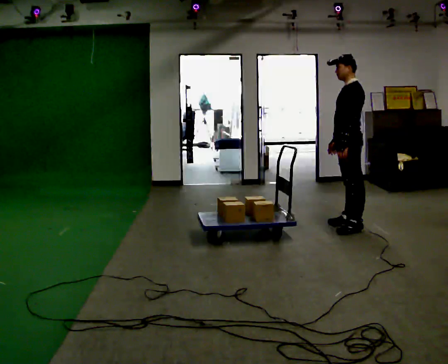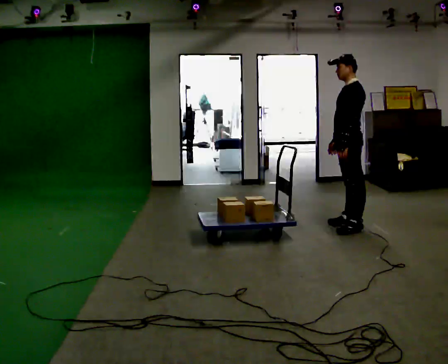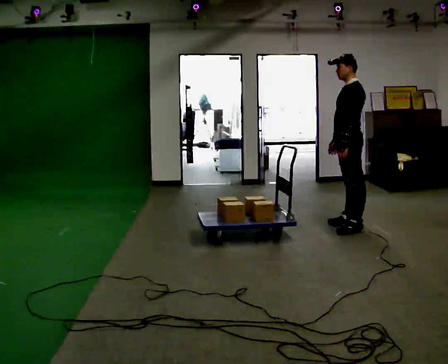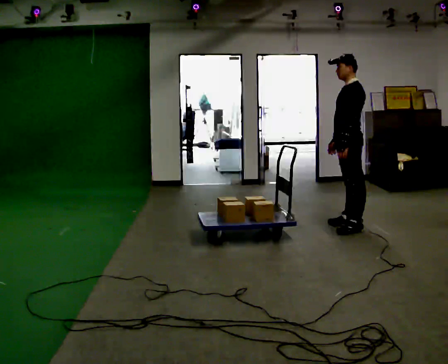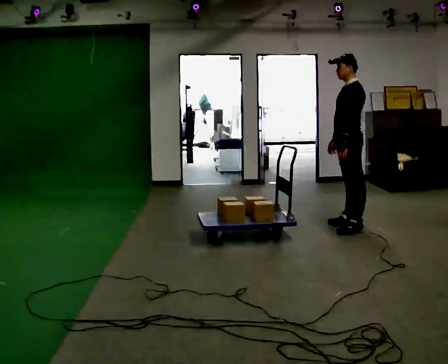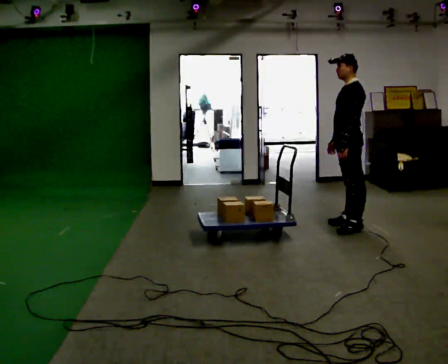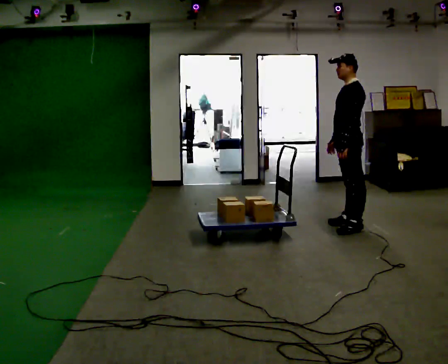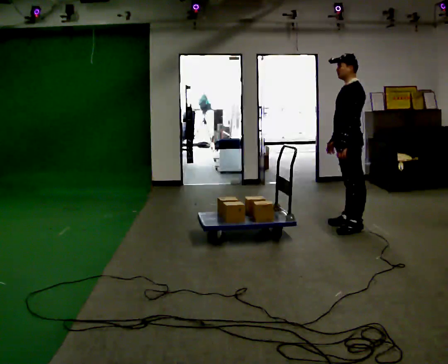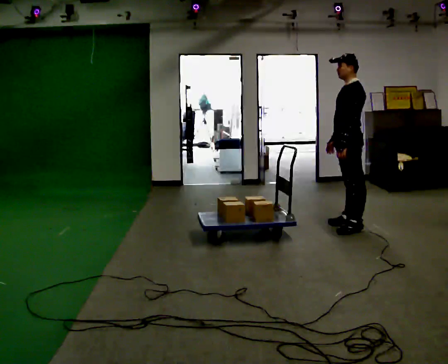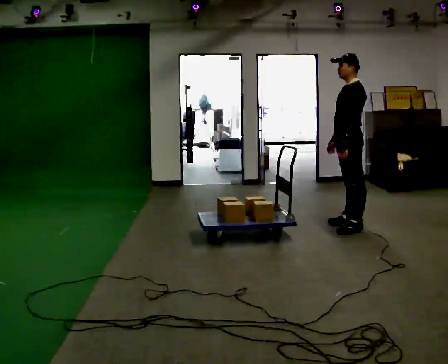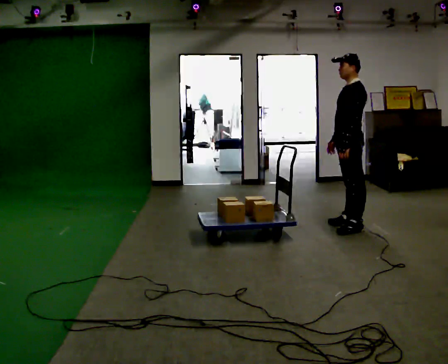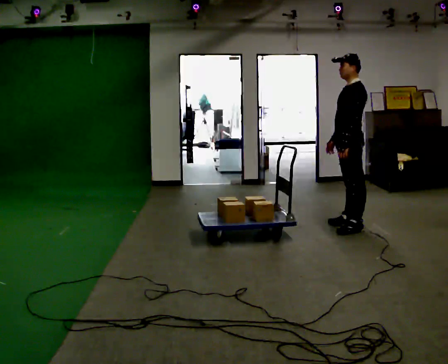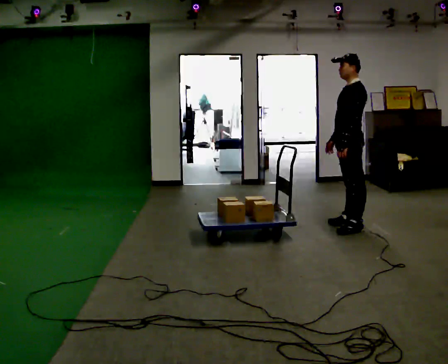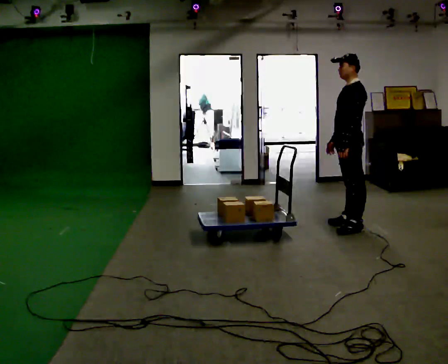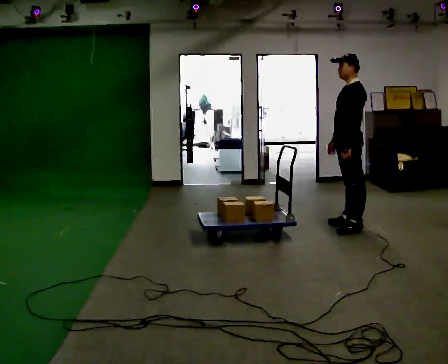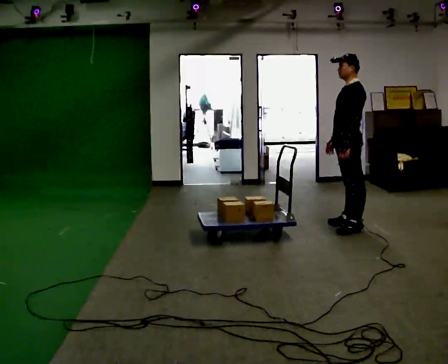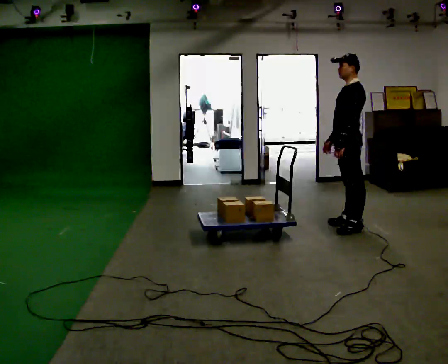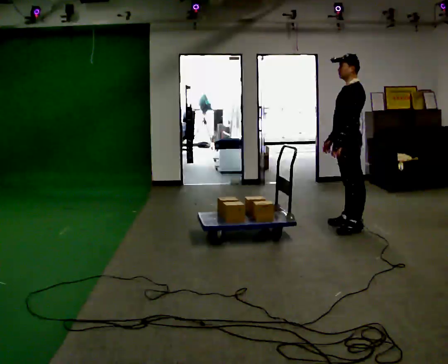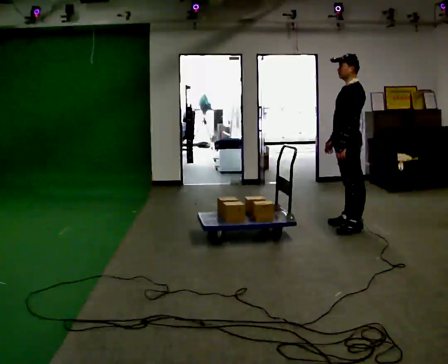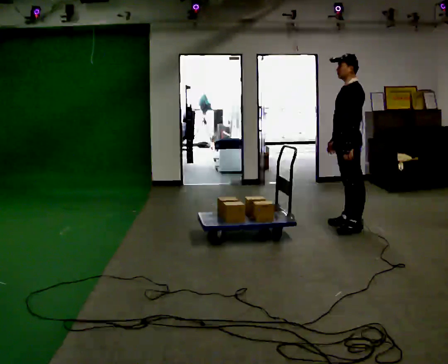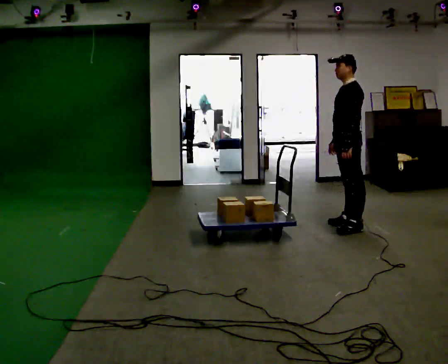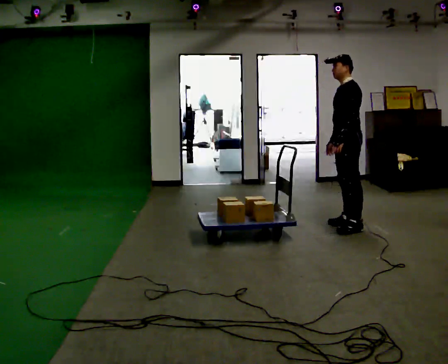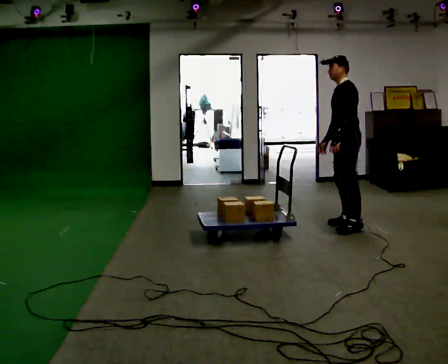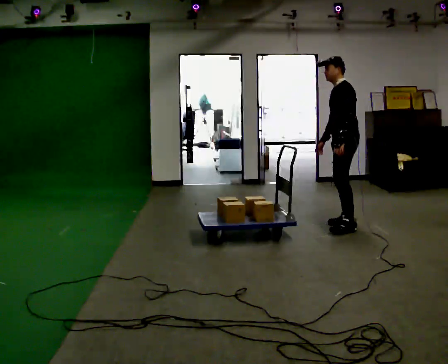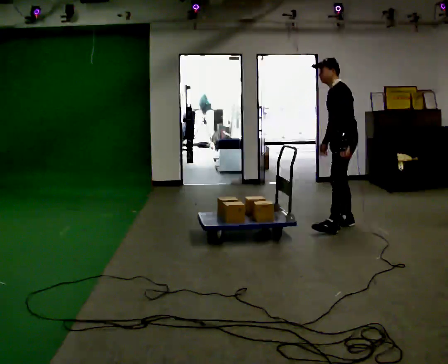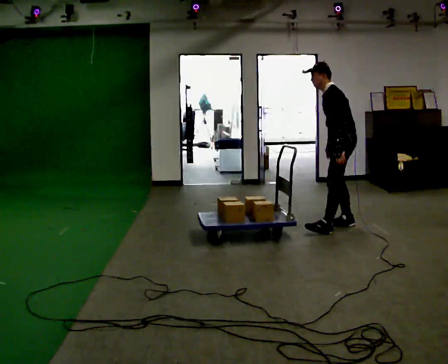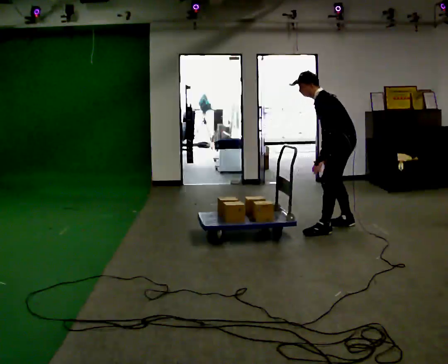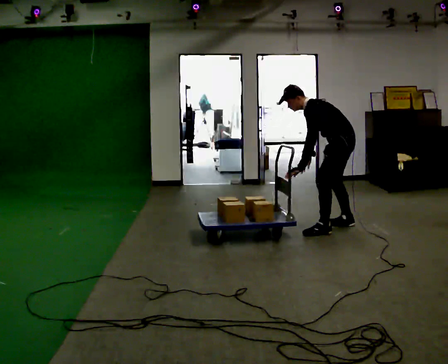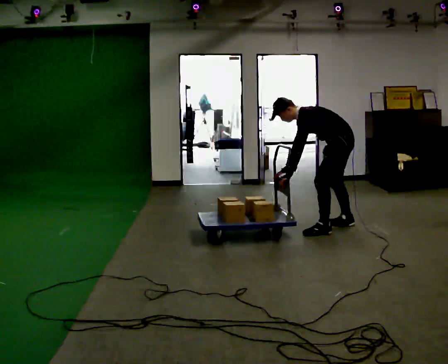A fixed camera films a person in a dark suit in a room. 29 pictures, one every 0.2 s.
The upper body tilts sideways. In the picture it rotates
counterclockwise.
The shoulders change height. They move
downward.
0.0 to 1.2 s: The person moves a little, or ends about where they began.
1.2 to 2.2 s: The person keeps their place and pose.
2.2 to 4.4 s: The person moves a little, or ends about where they began.
4.4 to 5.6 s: In the picture they go toward the camera, about 0.25 m in 1 step, which for them is to their left. The shoulders move downward. In the picture the upper body tilts counterclockwise, shoulders to the left, as they bend forward. In the picture their left hand goes to the left and downward.
The film runs backward here.
